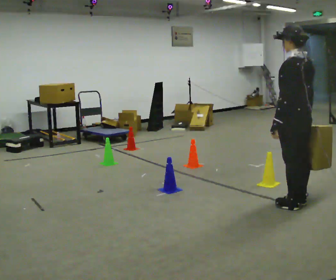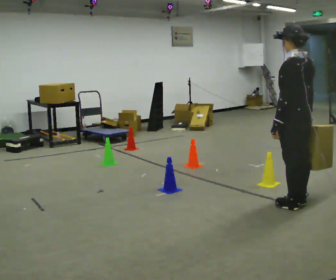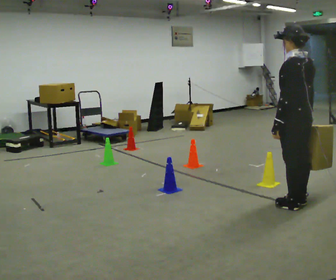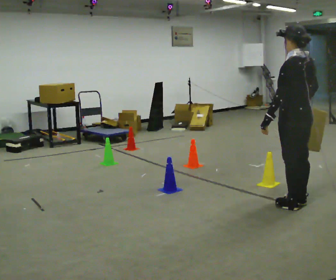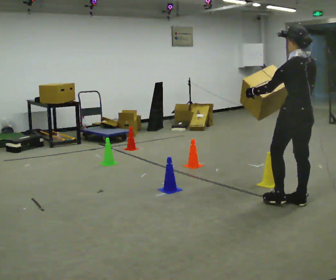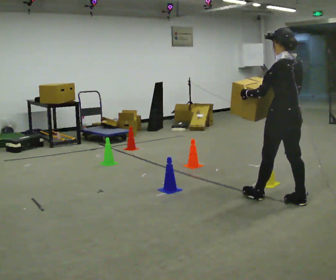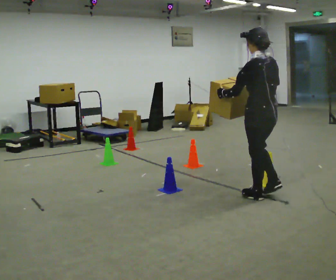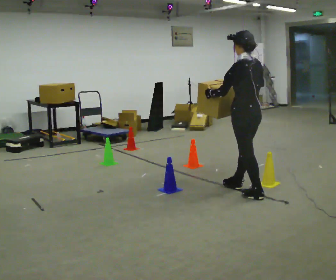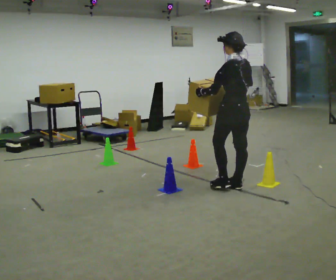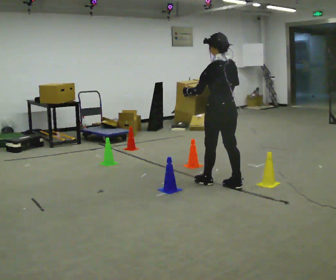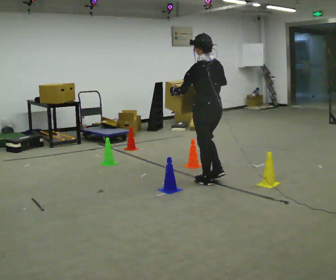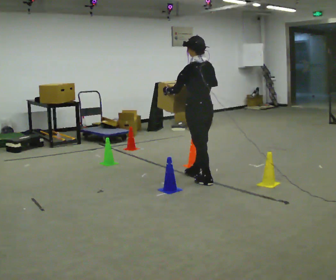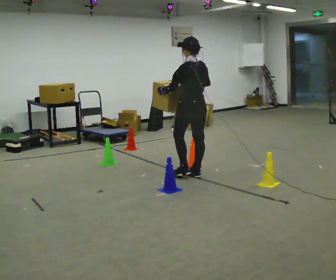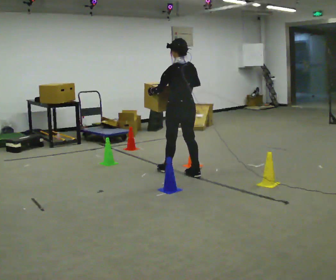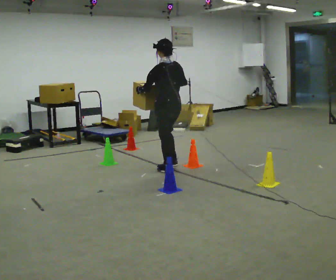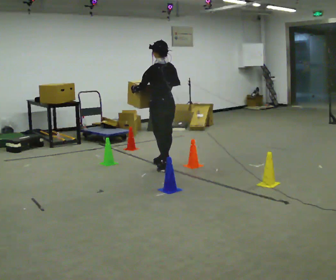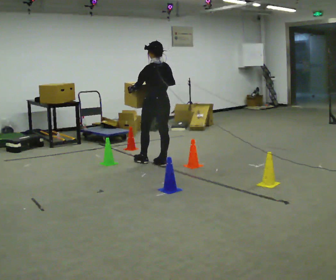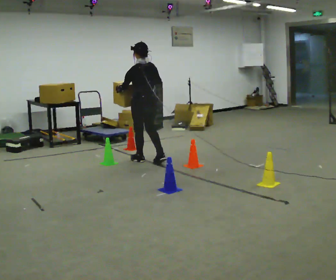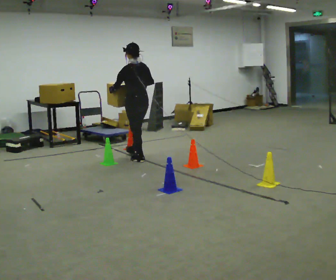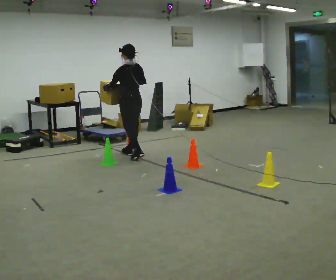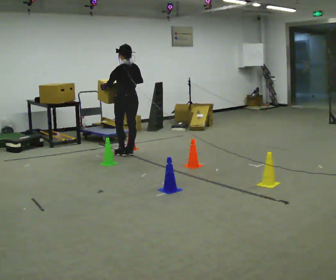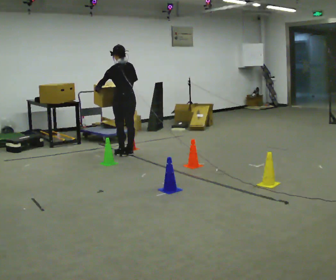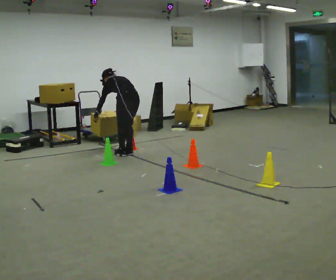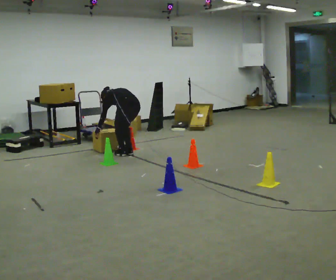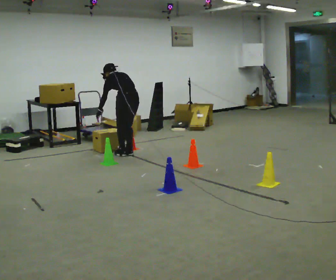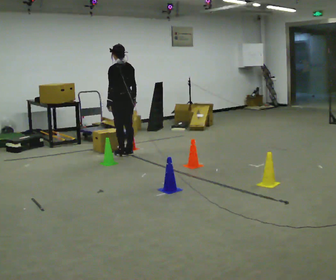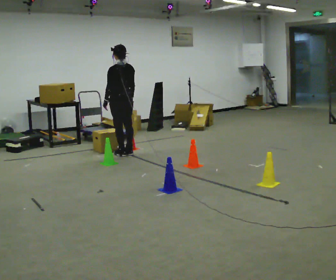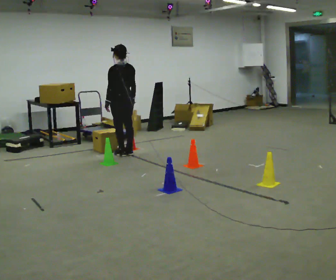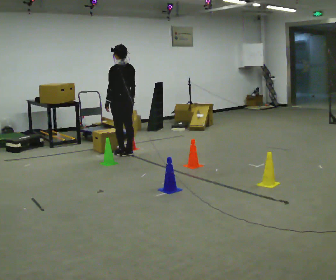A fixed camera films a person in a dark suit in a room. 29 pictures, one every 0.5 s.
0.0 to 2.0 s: In the picture their right hand goes upward.
2.0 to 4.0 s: In the picture they go away from the camera and to the left, about 1 m in 2 steps, which for them is forward.
4.0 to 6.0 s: In the picture they go away from the camera and to the left, about 0.75 m in 2 steps, which for them is forward.
6.0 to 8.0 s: In the picture they go away from the camera and to the left, about 0.5 m in 2 steps, which for them is forward.
8.0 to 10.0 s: In the picture they go away from the camera and to the left, about 0.5 m in 3 steps, which for them is forward.
10.0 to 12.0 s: In the picture their right hand goes downward.
12.0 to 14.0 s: The upper body tips toward the camera, its near side rolling downward, as they lean back or straighten.
The film runs forward here.
